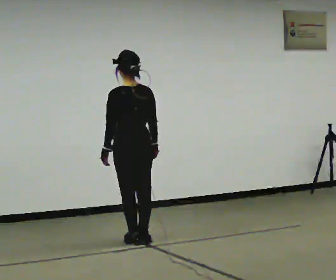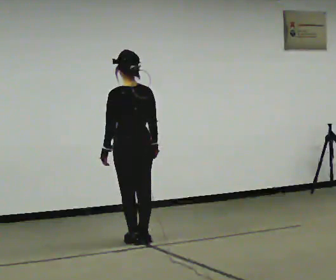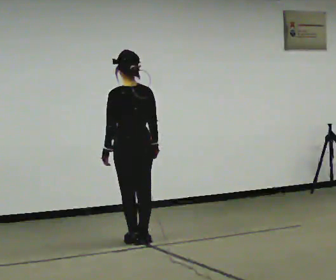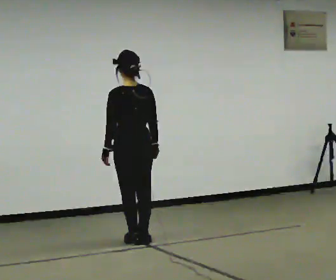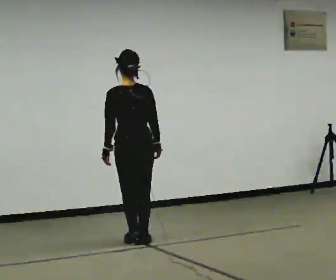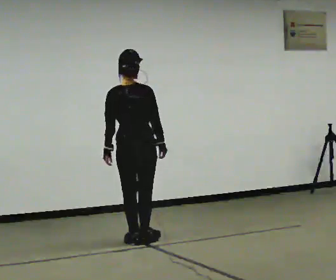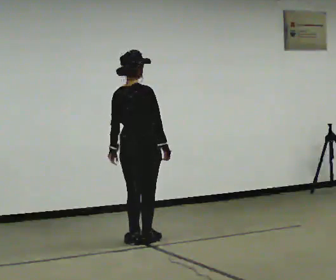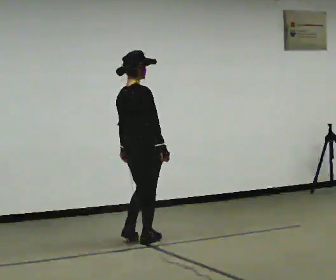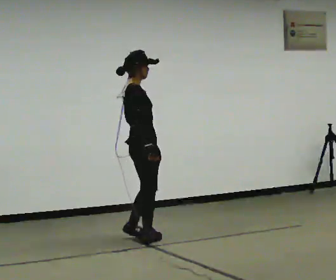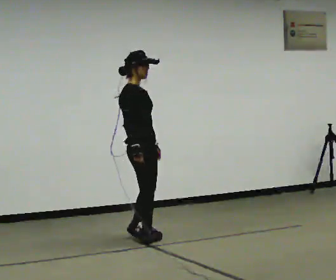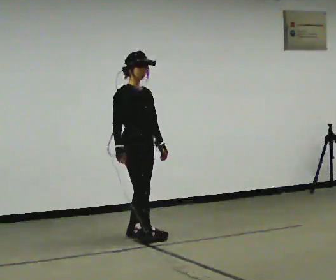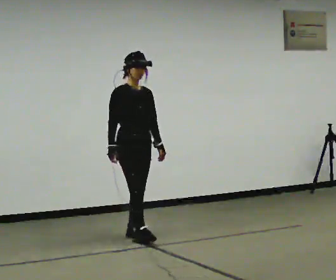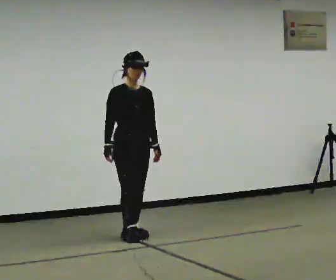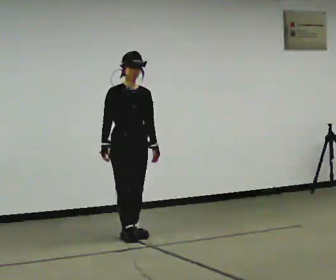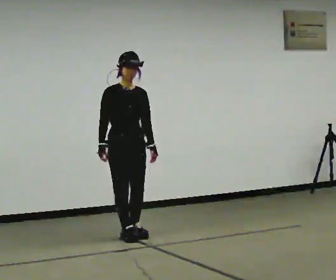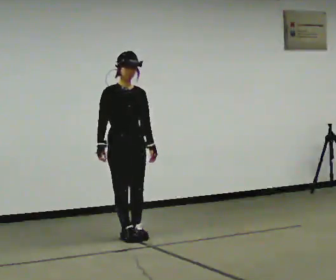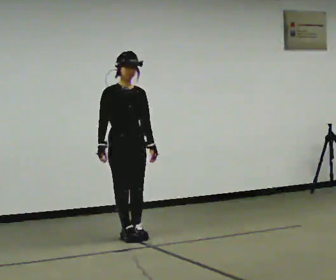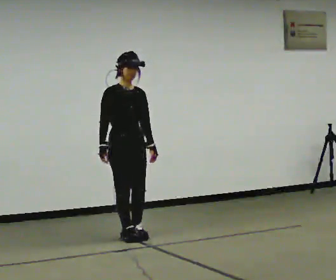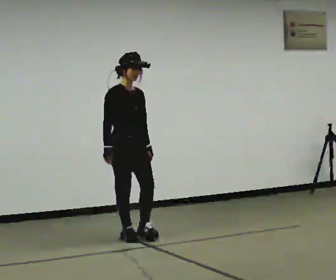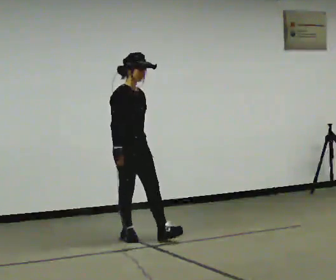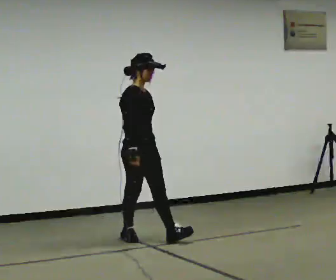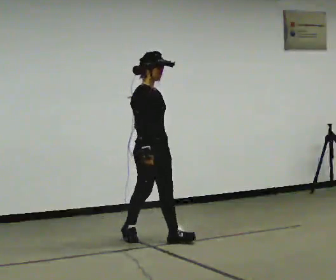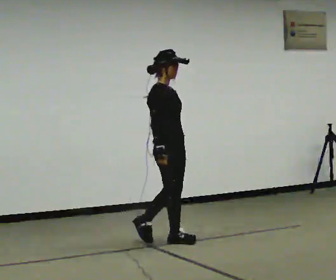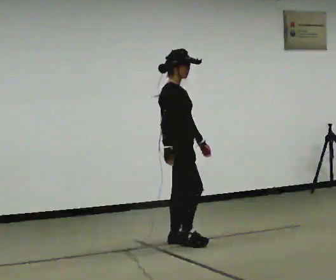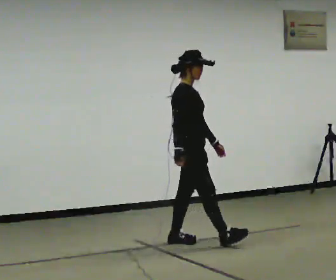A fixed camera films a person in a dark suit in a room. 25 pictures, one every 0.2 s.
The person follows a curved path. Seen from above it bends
clockwise.
0.0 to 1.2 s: The part of the body nearest the lens slides to the left as the person turns to their right by about 60 degrees.
1.2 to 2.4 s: Seen from above the body turns clockwise, about 120 degrees: to their right, with its near side sliding to the left. In the picture they go away from the camera, about 0.25 m in 2 steps. In the picture their right hand goes to the left, the arm swinging clockwise.
2.4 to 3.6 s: The person moves a little, or ends about where they began.
3.6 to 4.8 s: The person turns about 30 degrees to their left, counterclockwise seen from above, so the part of the body nearest the lens slides to the right. In the picture they go to the right and toward the camera, about 0.75 m in 1 step, which for them is forward.
The film runs forward here.
